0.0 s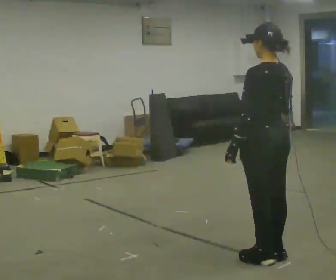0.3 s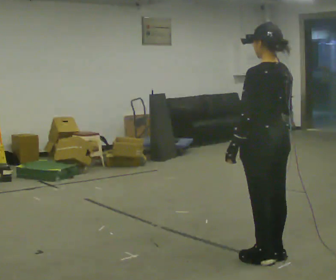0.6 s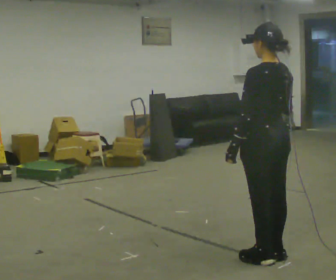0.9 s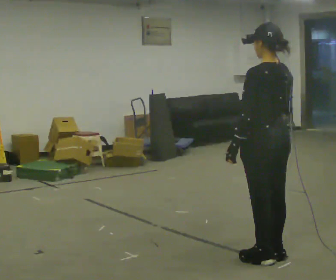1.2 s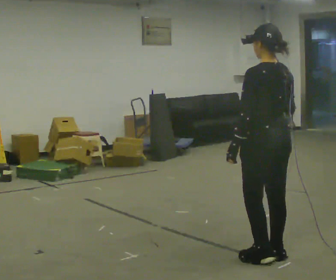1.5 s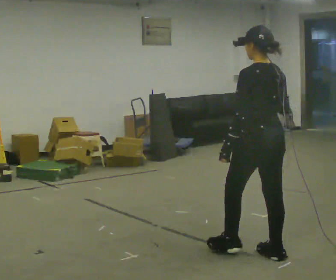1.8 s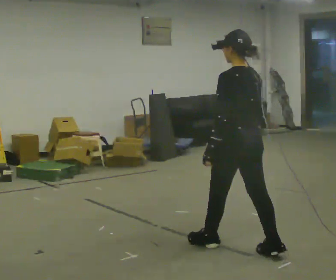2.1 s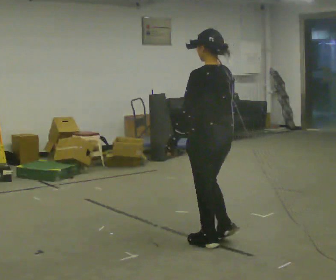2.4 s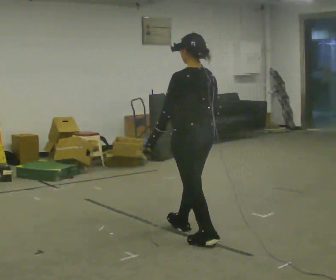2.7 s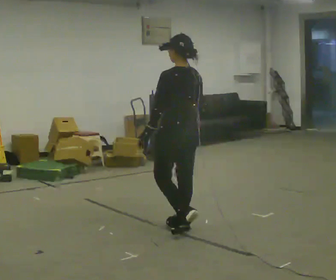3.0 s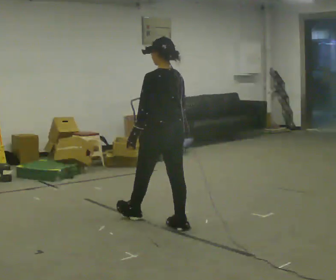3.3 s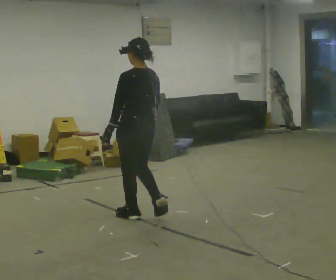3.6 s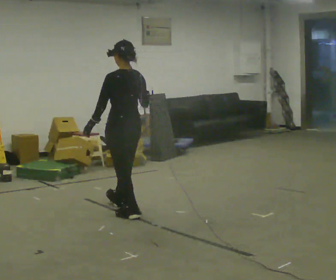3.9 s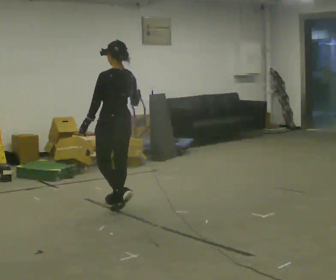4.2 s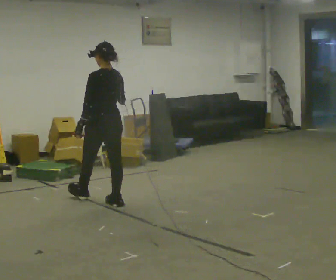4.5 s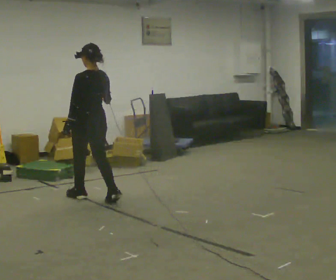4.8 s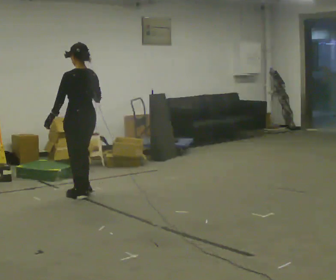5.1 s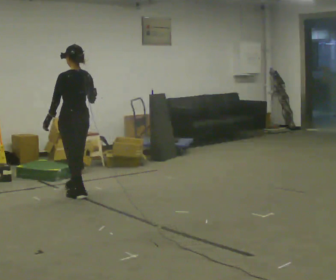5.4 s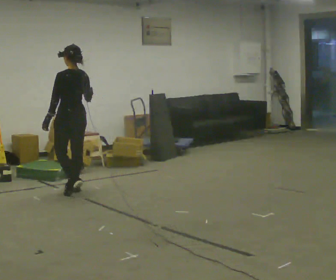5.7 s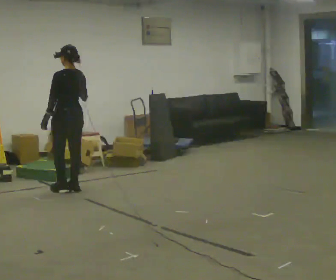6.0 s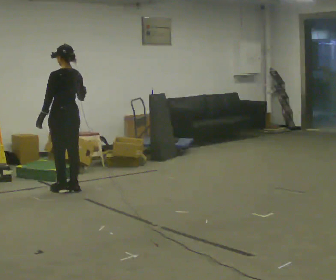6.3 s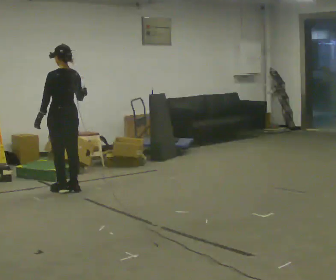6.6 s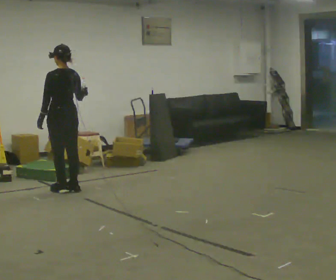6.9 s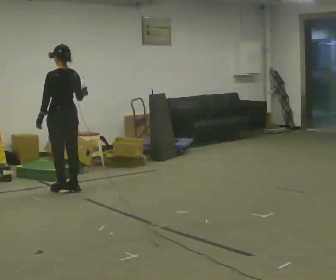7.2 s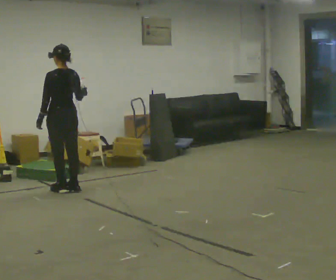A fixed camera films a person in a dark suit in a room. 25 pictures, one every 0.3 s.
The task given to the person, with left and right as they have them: Carry the open container of water across the room without spilling it, back and forth.
0.0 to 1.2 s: The person moves a little, or ends about where they began.
1.2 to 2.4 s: In the picture they go away from the camera and to the left, about 0.75 m in 2 steps, which for them is forward.
2.4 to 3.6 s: In the picture they go away from the camera and to the left, about 1 m in 1 step, which for them is forward.
3.6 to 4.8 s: In the picture they go away from the camera and to the left, about 0.5 m in 2 steps, which for them is forward.
4.8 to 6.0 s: In the picture they go away from the camera and to the left, about 0.25 m in 2 steps, which for them is forward.
6.0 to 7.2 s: The person moves a little, or ends about where they began.
The film runs forward here.
